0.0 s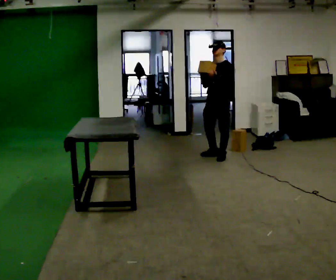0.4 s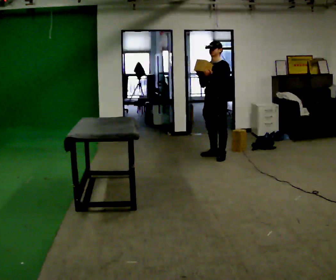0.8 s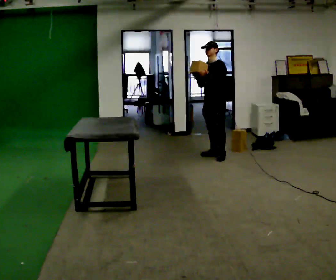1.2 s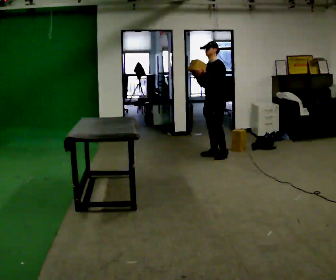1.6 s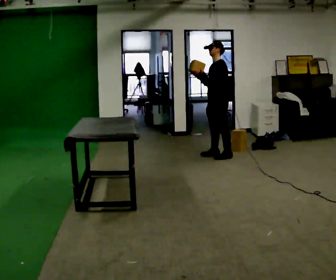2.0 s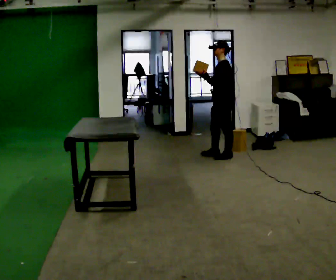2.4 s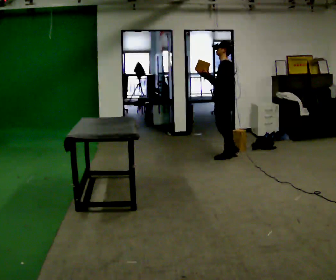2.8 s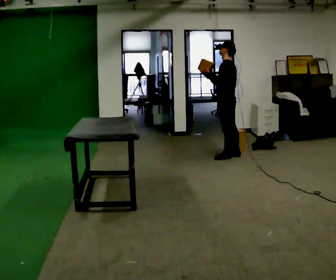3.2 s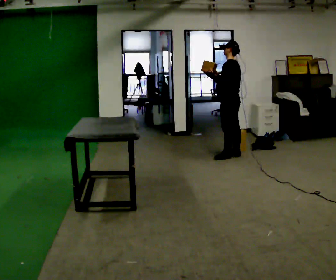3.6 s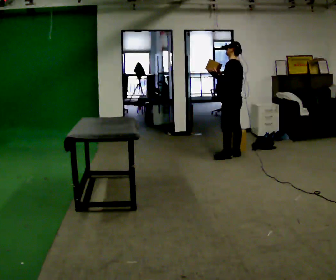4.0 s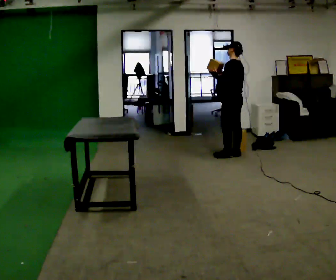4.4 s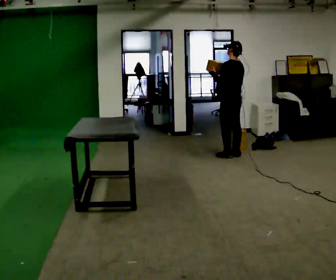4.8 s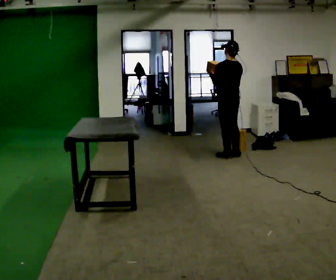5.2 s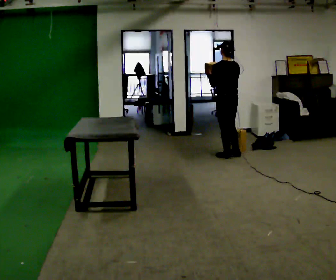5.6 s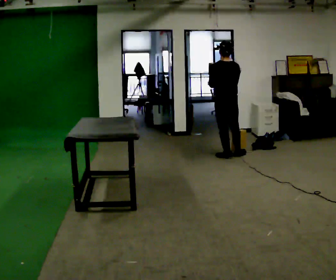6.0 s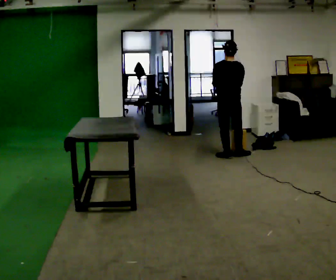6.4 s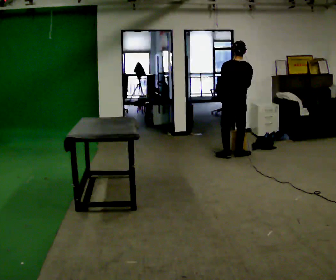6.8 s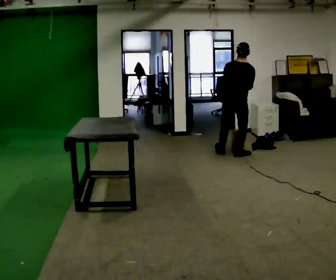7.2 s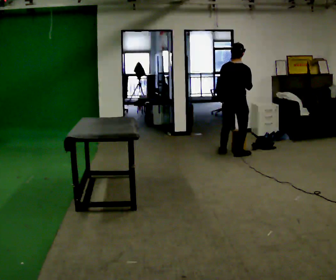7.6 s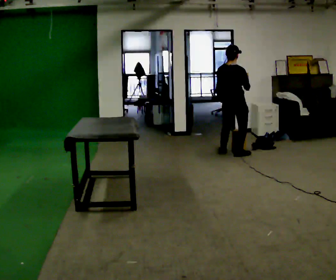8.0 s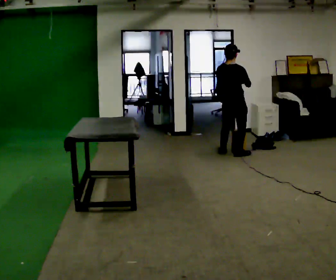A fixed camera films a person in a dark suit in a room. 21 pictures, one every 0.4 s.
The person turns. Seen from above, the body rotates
clockwise.
The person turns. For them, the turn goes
to their right.
0.0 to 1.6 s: Seen from above the body turns clockwise, about 30 degrees: to their right, with its near side sliding to the left.
1.6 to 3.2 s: The person turns about 45 degrees to their right, clockwise seen from above, so the part of the body nearest the lens slides to the left. In the picture they go to the right, about 0.25 m in 1 step, which for them is backward.
3.2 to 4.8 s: Seen from above the body turns clockwise, about 30 degrees: to their right, with its near side sliding to the left.
4.8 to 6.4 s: The person turns about 30 degrees to their right, clockwise seen from above, so the part of the body nearest the lens slides to the left.
6.4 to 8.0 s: The person turns about 30 degrees to their right, clockwise seen from above, so the part of the body nearest the lens slides to the left.
The film runs backward here.
